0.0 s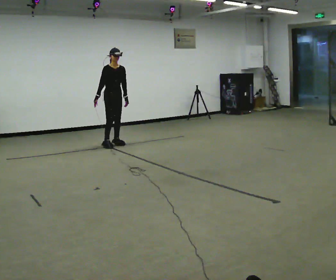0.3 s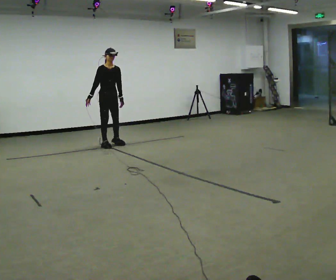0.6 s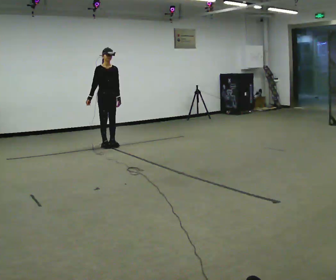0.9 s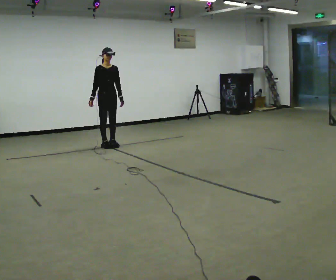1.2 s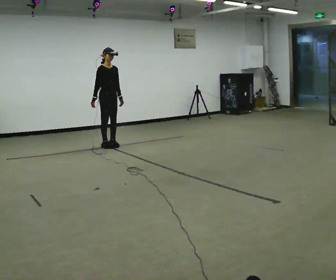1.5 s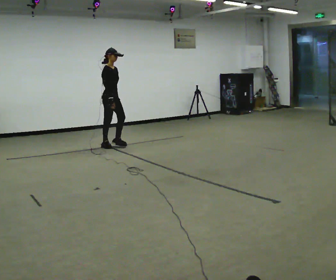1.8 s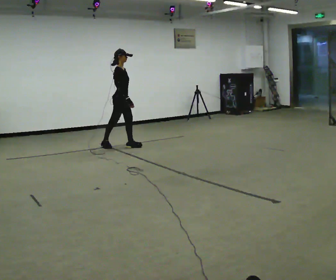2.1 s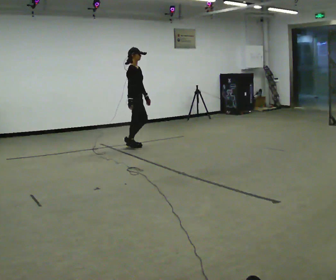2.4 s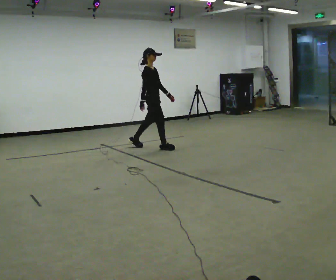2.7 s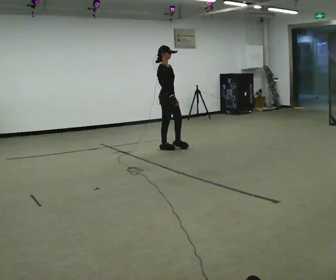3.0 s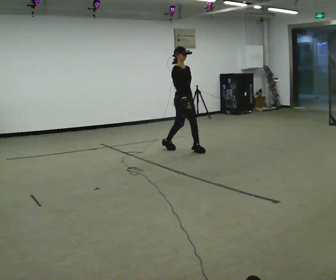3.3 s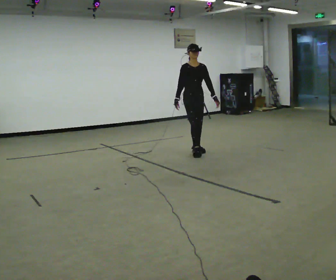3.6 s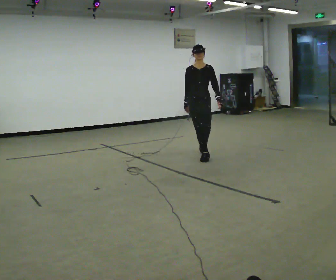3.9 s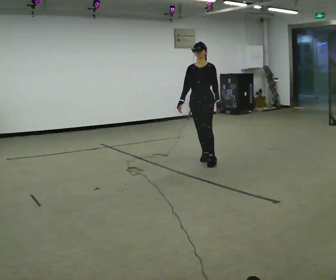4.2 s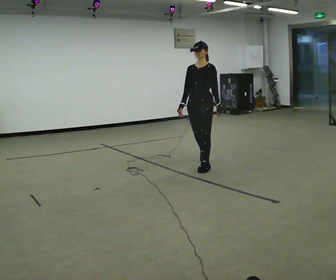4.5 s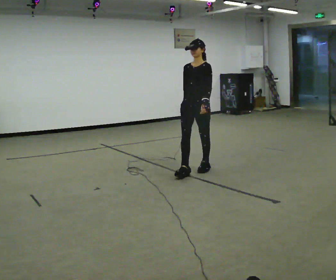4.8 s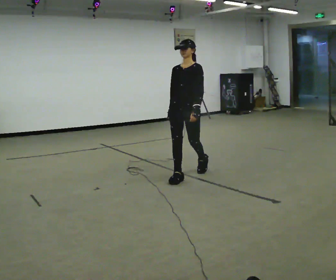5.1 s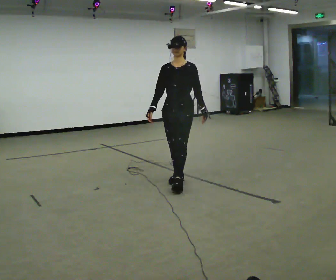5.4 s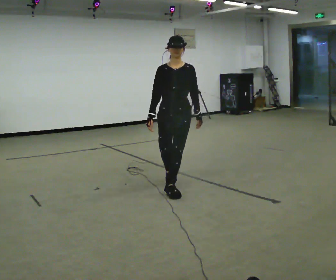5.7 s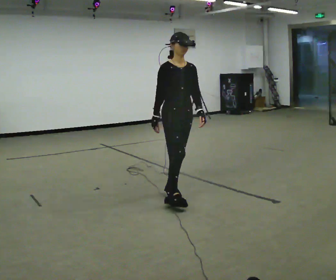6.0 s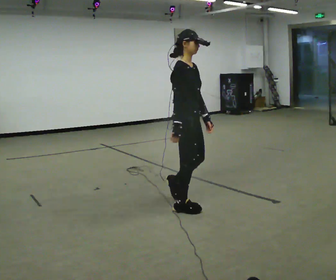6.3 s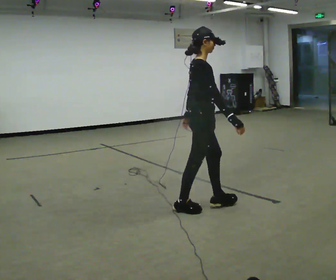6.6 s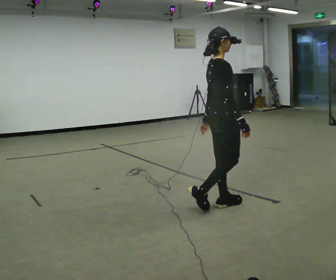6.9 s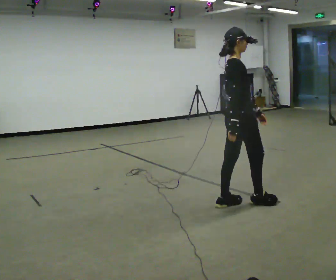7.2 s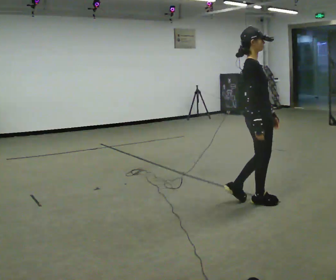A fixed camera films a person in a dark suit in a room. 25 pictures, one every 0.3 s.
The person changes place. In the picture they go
toward the camera.
0.0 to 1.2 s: In the picture they go toward the camera, about 0.25 m in 1 step.
1.2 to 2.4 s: The person turns about 30 degrees to their left, counterclockwise seen from above, so the part of the body nearest the lens slides to the right. In the picture they go to the right, about 1 m in 2 steps, which for them is forward.
2.4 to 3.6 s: Seen from above the body turns clockwise, about 75 degrees: to their right, with its near side sliding to the left. In the picture they go to the right and toward the camera, about 1 m in 2 steps.
3.6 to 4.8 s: Seen from above the body turns clockwise, about 30 degrees: to their right, with its near side sliding to the left. In the picture they go toward the camera, about 1 m in 2 steps, which for them is forward.
4.8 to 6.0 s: The person turns about 90 degrees to their left, counterclockwise seen from above, so the part of the body nearest the lens slides to the right. In the picture they go toward the camera, about 1 m in 2 steps.
6.0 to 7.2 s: In the picture they go to the right, about 0.75 m in 2 steps, which for them is forward.
The film runs forward here.
